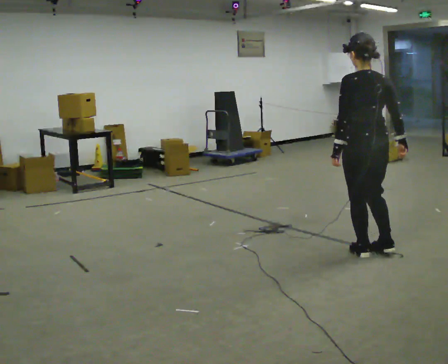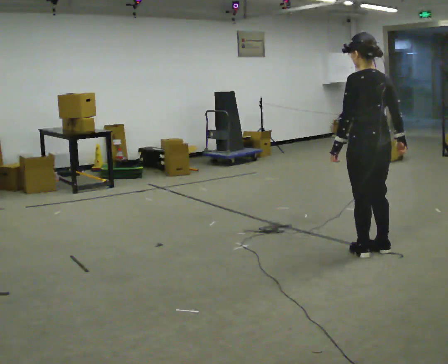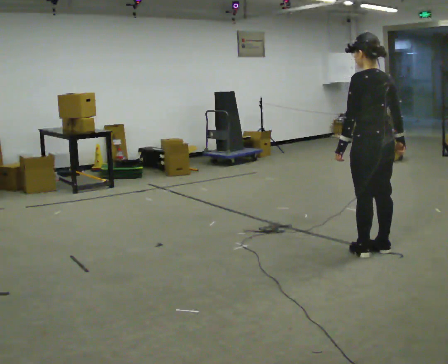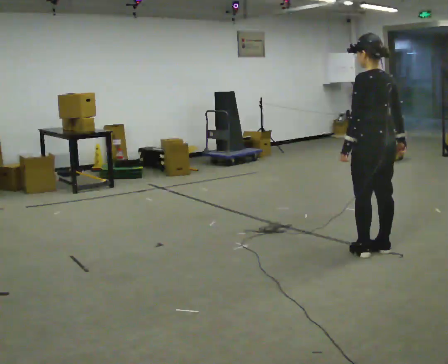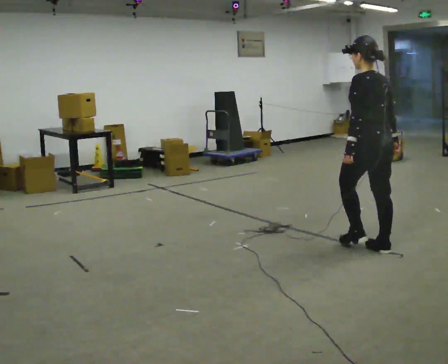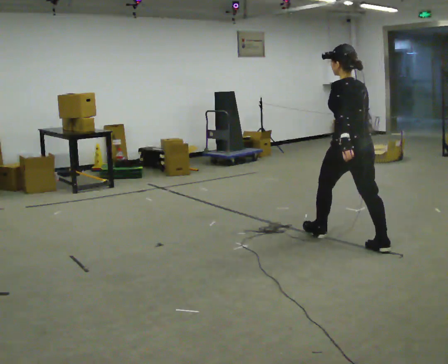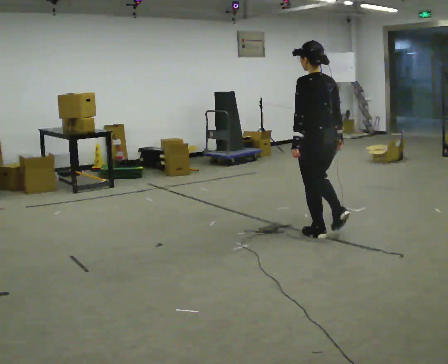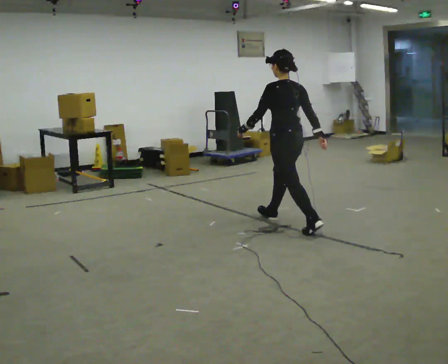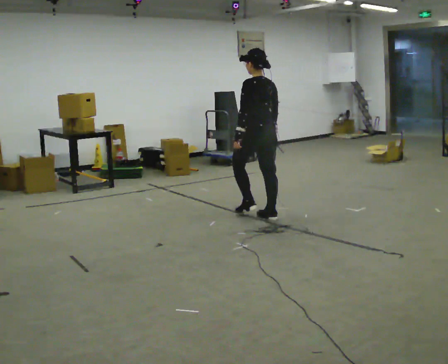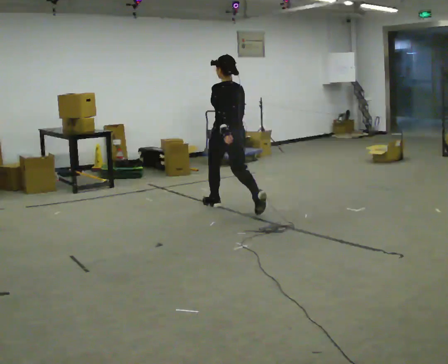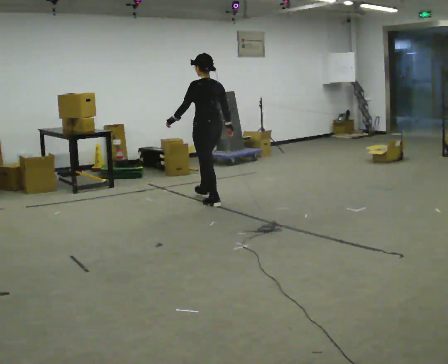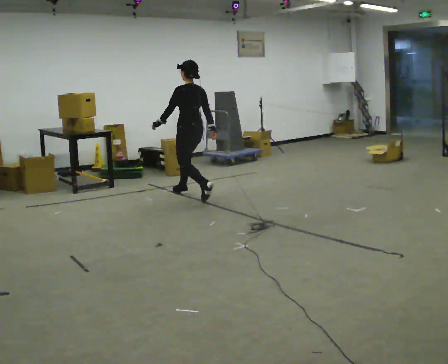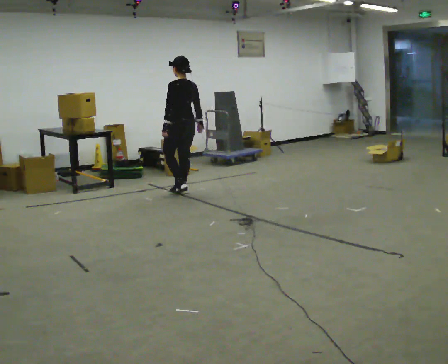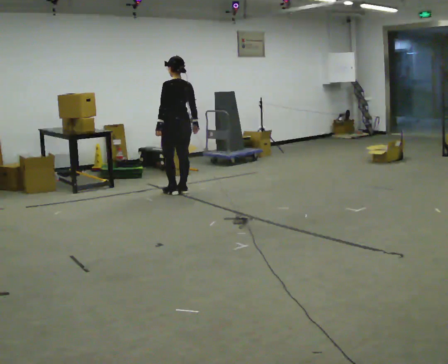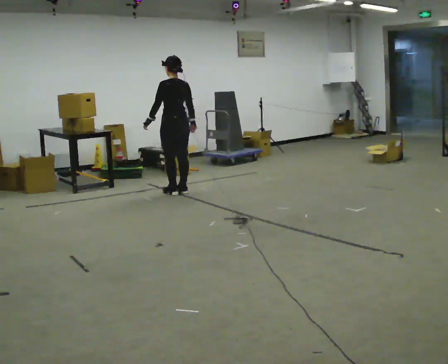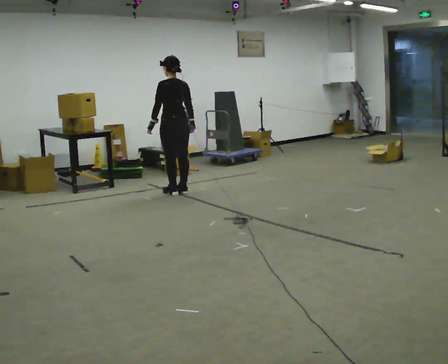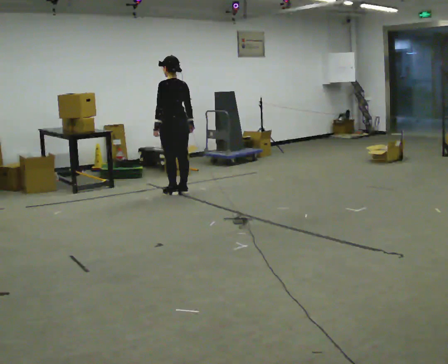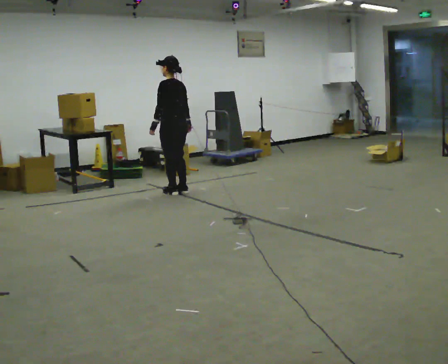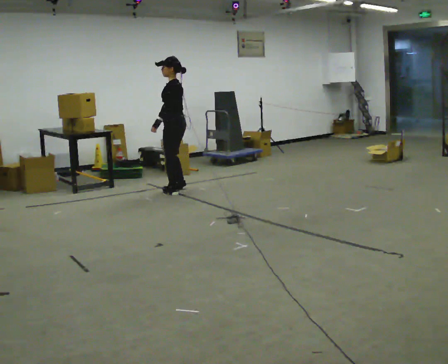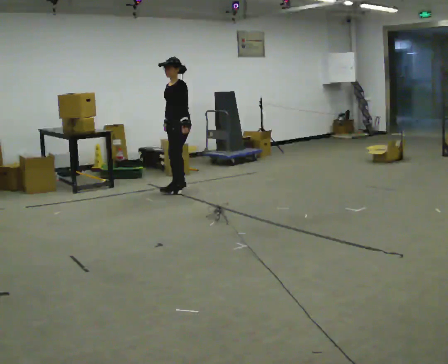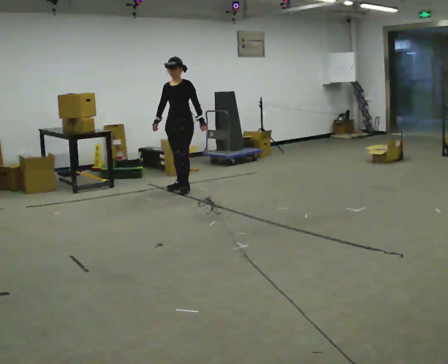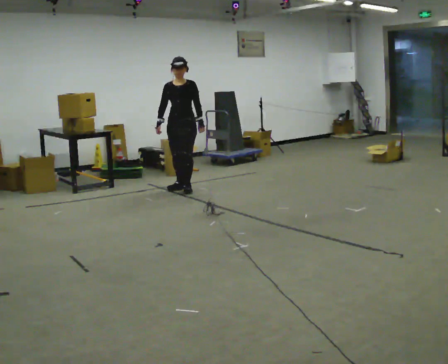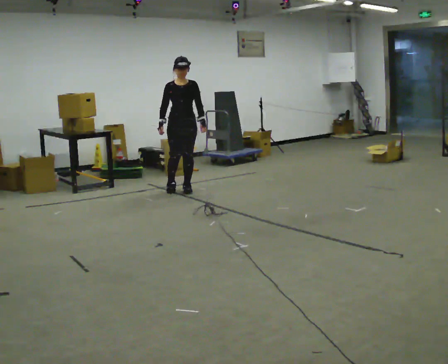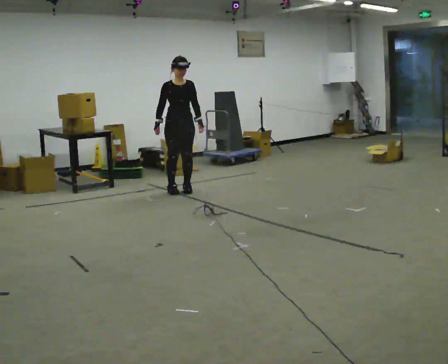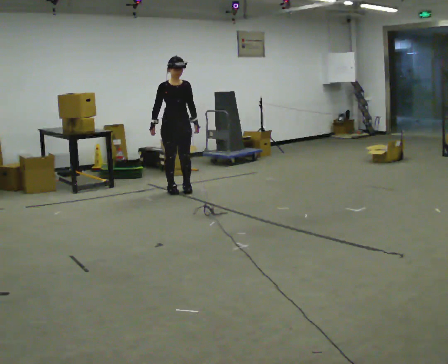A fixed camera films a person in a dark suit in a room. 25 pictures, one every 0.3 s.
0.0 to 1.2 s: The person moves a little, or ends about where they began.
1.2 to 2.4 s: In the picture they go away from the camera and to the left, about 1.5 m in 2 steps, which for them is forward.
2.4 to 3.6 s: In the picture they go away from the camera and to the left, about 1.5 m in 2 steps, which for them is forward.
3.6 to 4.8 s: The person moves a little, or ends about where they began.
4.8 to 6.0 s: The person turns about 120 degrees to their left, counterclockwise seen from above, so the part of the body nearest the lens slides to the right. In the picture they go away from the camera, about 0.25 m in 2 steps.
6.0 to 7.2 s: Seen from above the body turns counterclockwise, about 45 degrees: to their left, with its near side sliding to the right. In the picture they go toward the camera, about 0.25 m in 1 step, which for them is forward.
The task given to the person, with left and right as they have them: Walk normally; at marked point stop as quickly as comfortably possible; remain still.
The film runs forward here.
